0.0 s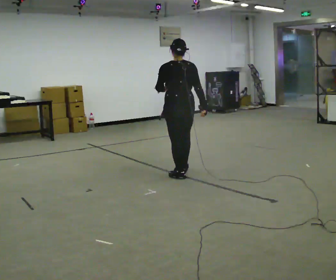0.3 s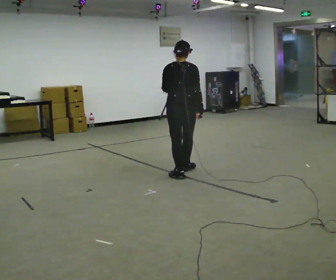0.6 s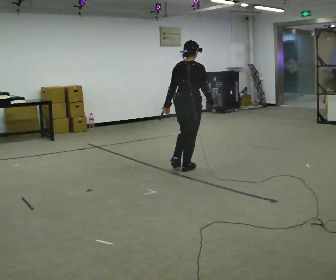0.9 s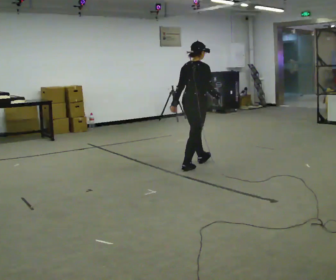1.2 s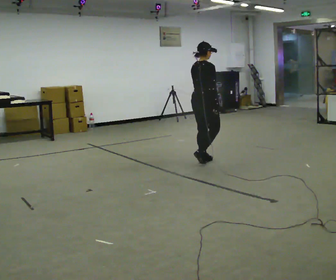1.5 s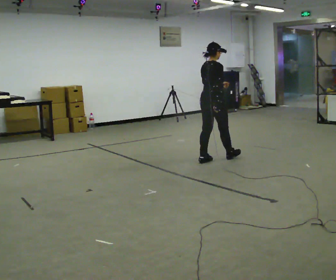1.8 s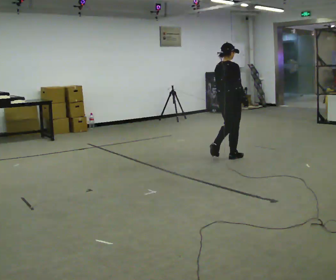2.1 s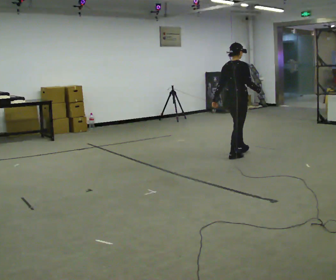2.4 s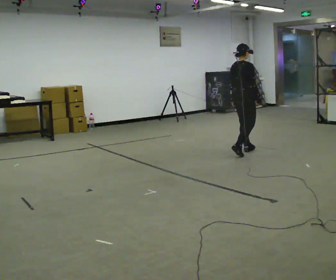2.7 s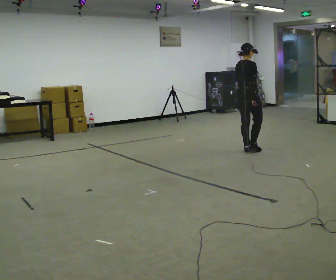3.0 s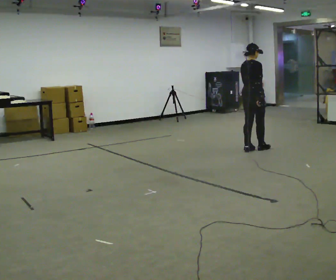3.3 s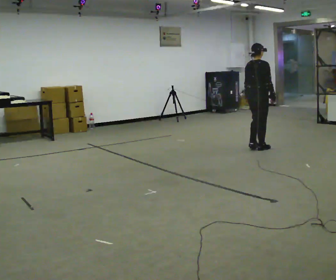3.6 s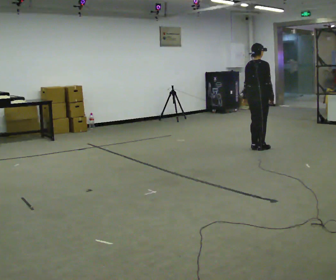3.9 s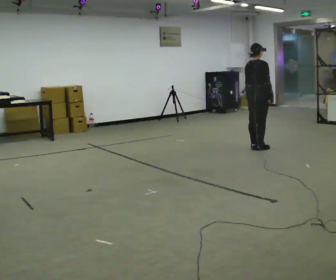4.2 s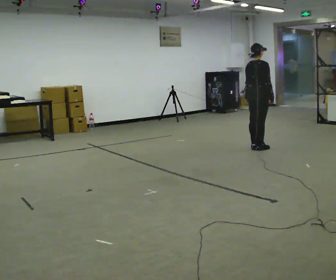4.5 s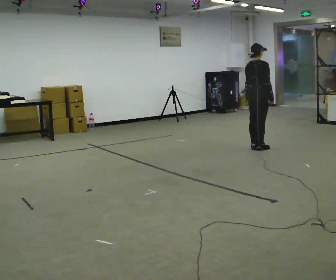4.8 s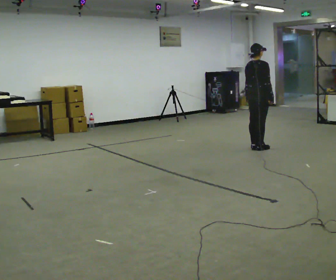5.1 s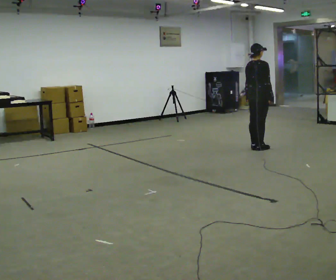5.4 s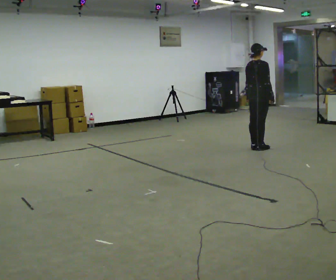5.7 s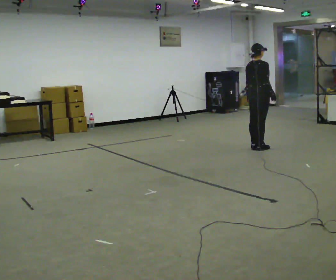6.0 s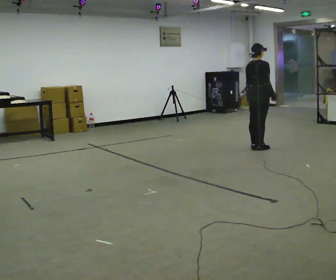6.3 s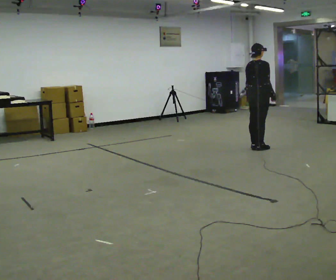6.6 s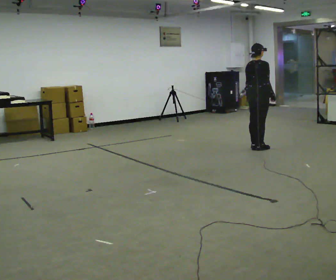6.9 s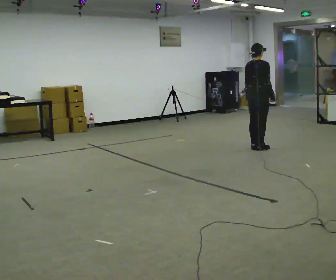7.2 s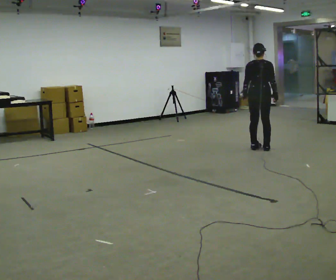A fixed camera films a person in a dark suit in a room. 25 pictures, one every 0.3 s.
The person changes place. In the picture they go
away from the camera.
0.0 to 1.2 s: The part of the body nearest the lens slides to the left as the person turns to their right by about 75 degrees. In the picture they go away from the camera, about 0.75 m in 2 steps.
1.2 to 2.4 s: In the picture they go away from the camera and to the right, about 1 m in 2 steps, which for them is forward.
2.4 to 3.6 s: In the picture they go away from the camera and to the right, about 0.25 m in 2 steps, which for them is forward.
3.6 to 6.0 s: The person moves a little, or ends about where they began.
6.0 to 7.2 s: The person turns about 30 degrees to their left, counterclockwise seen from above, so the part of the body nearest the lens slides to the right.
The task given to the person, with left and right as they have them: Walk; turn 90° left/right; walk several steps; stop.
The film runs forward here.
